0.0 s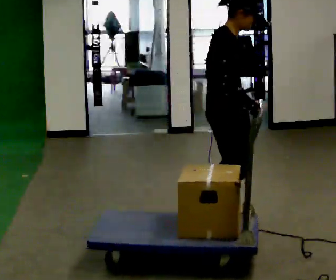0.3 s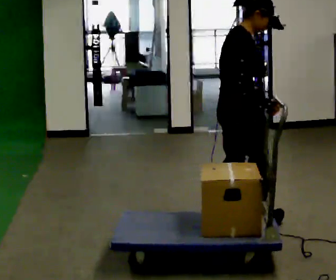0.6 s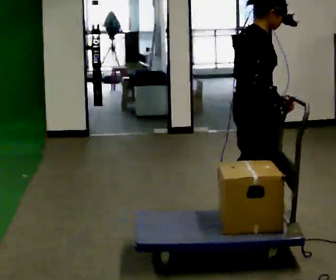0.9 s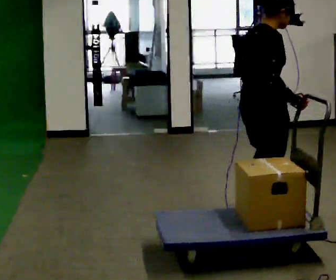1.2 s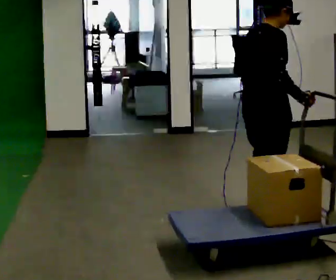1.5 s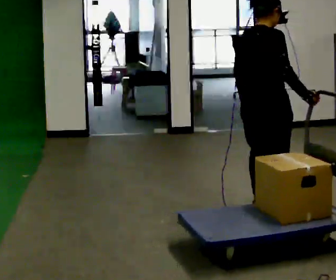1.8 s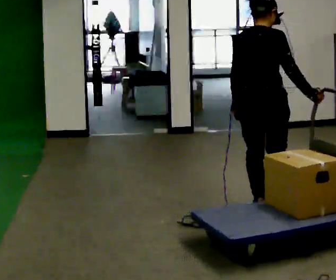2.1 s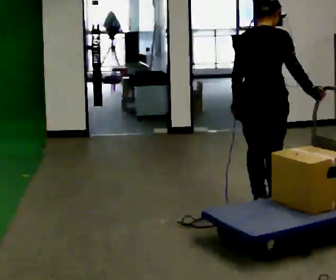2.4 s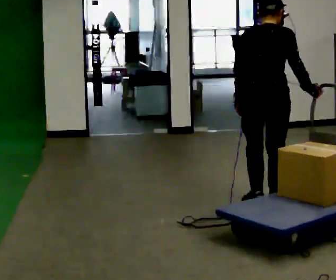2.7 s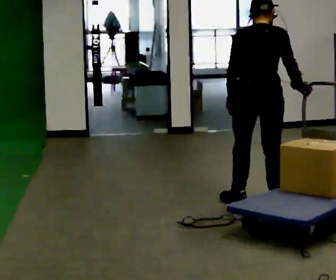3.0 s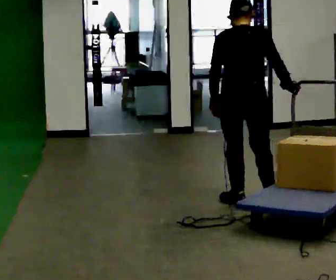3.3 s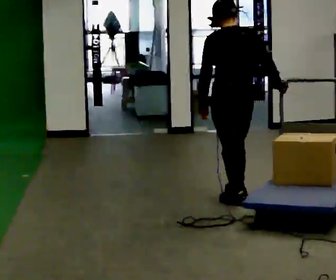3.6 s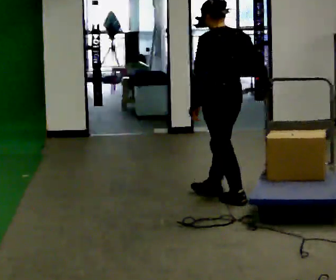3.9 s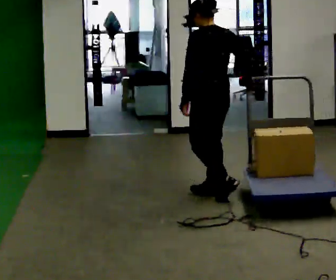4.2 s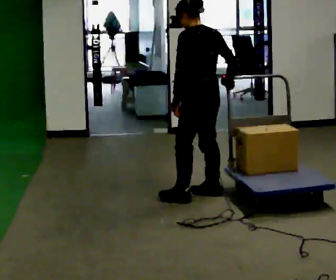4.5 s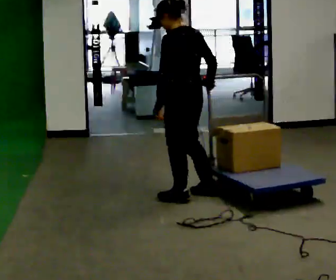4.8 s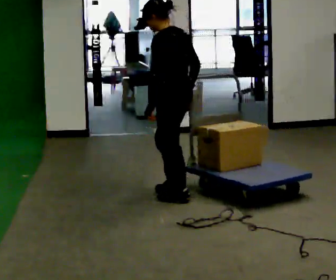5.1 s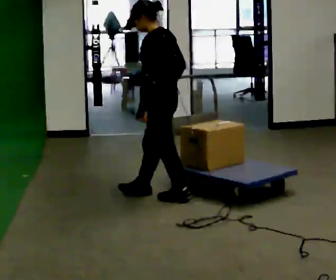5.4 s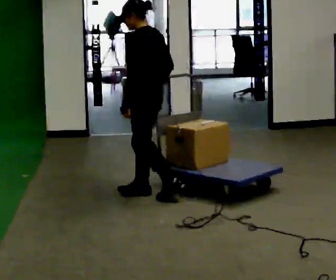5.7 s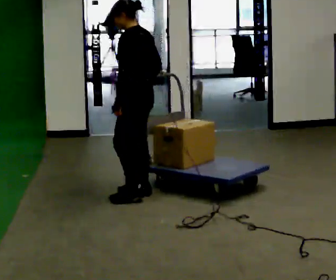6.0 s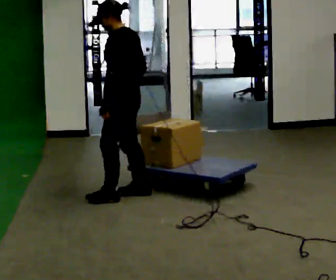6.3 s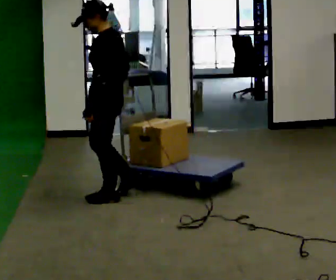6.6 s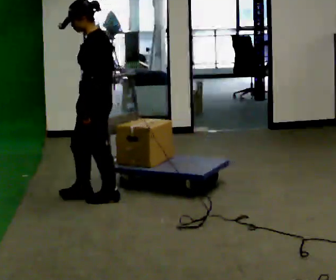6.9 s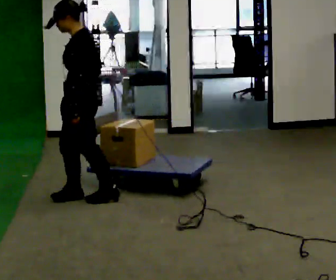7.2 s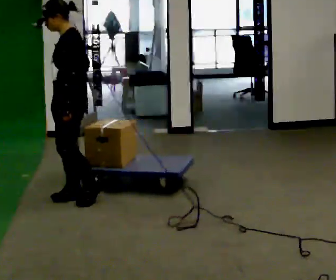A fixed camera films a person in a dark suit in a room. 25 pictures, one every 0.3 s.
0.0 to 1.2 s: The part of the body nearest the lens slides to the right as the person turns to their left by about 30 degrees. In the picture they go to the right, about 0.25 m in 2 steps, which for them is forward.
1.2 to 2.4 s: Seen from above the body turns counterclockwise, about 45 degrees: to their left, with its near side sliding to the right. In the picture they go away from the camera, about 0.25 m in 1 step, which for them is forward.
2.4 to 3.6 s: Seen from above the body turns counterclockwise, about 45 degrees: to their left, with its near side sliding to the right. In the picture they go to the left and away from the camera, about 0.25 m in 2 steps, which for them is to their left and forward.
3.6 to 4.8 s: The person turns about 30 degrees to their left, counterclockwise seen from above, so the part of the body nearest the lens slides to the right. In the picture they go to the left, about 0.25 m in 1 step, which for them is forward and to their left.
4.8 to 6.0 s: In the picture they go to the left, about 0.25 m in 2 steps, which for them is forward.
6.0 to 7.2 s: The part of the body nearest the lens slides to the right as the person turns to their left by about 30 degrees. In the picture they go to the left, about 0.25 m in 1 step, which for them is forward.
The film runs forward here.
